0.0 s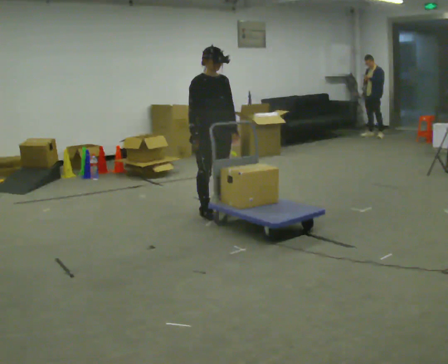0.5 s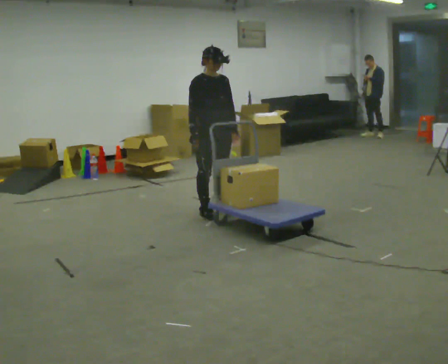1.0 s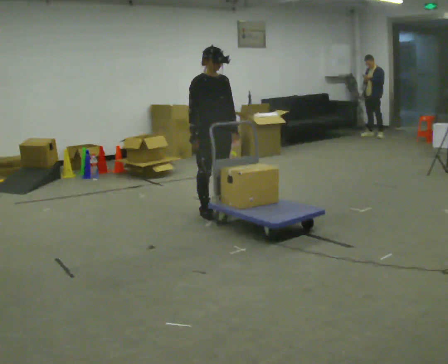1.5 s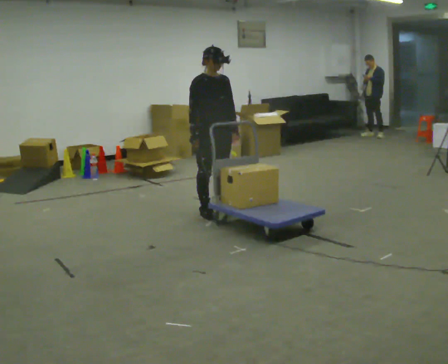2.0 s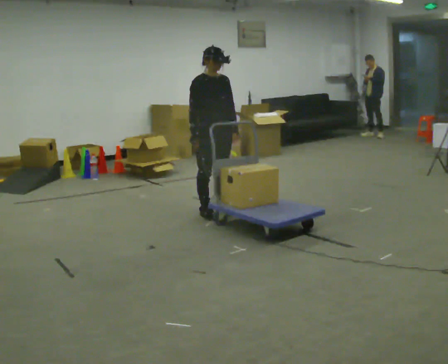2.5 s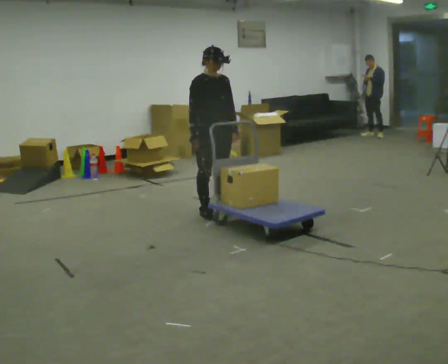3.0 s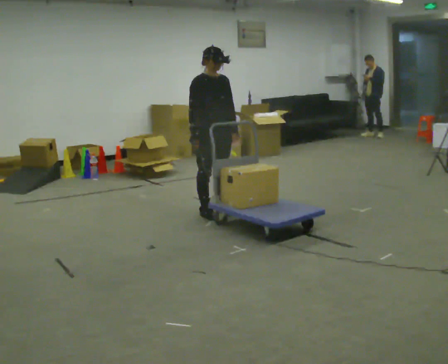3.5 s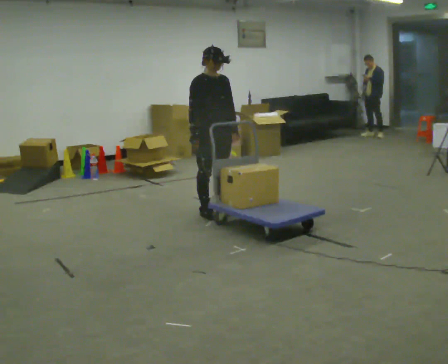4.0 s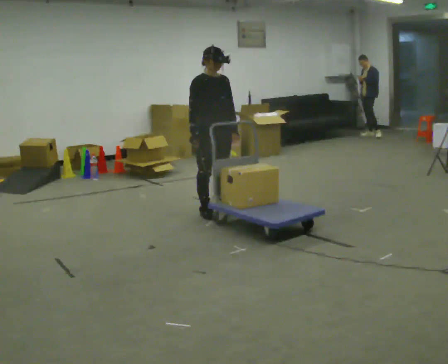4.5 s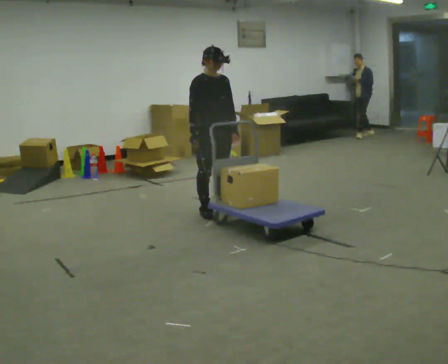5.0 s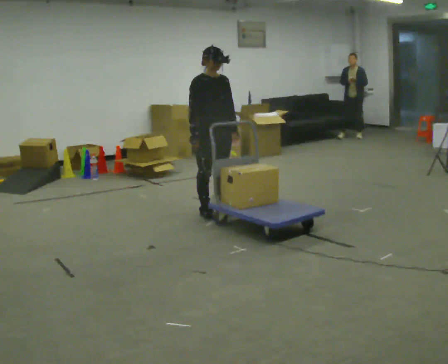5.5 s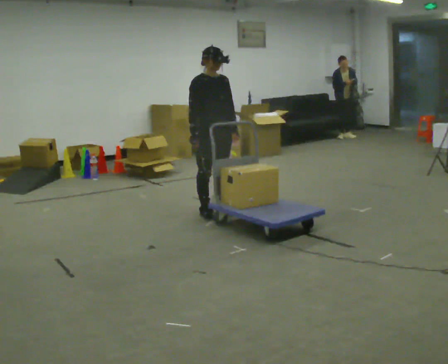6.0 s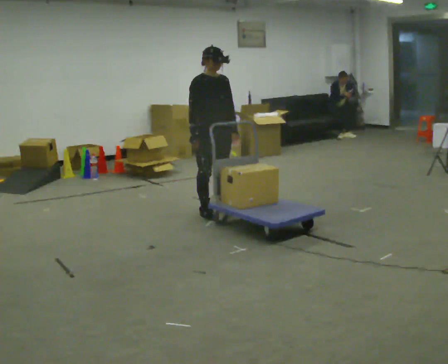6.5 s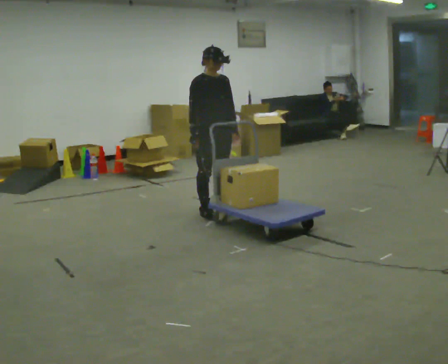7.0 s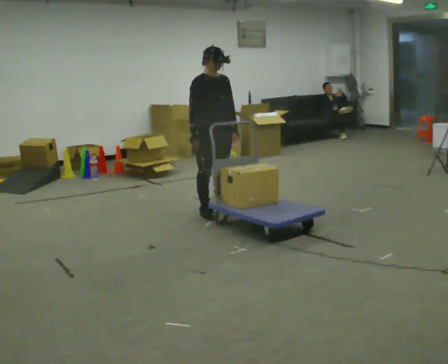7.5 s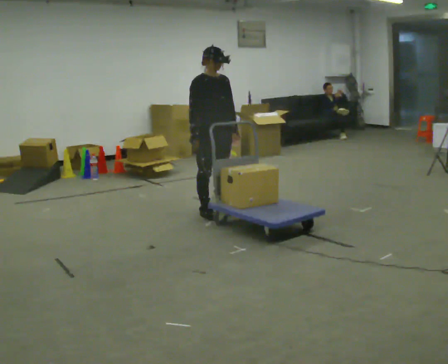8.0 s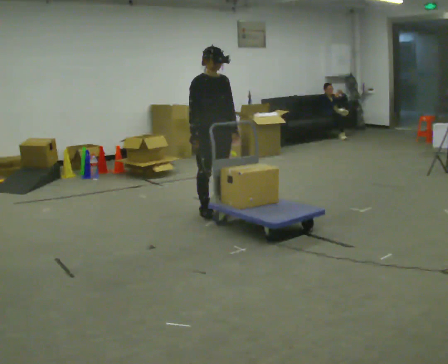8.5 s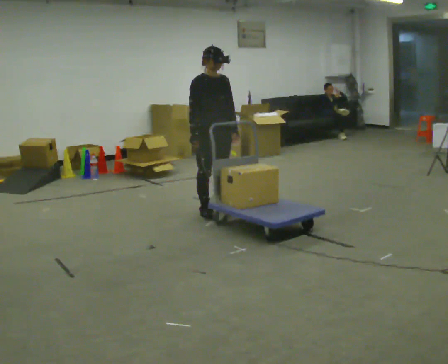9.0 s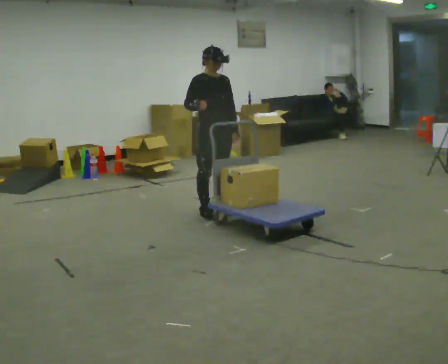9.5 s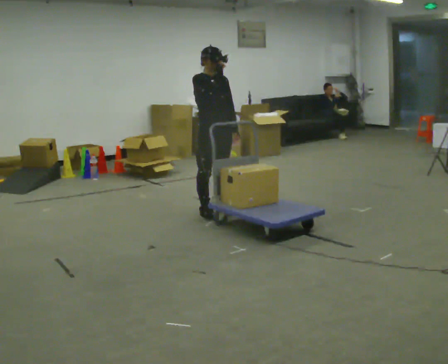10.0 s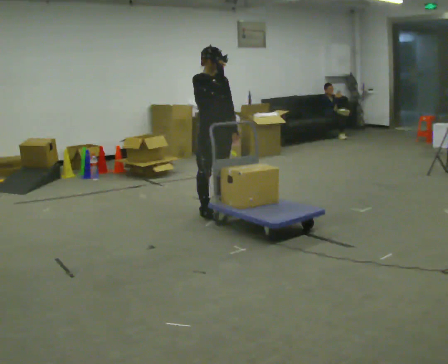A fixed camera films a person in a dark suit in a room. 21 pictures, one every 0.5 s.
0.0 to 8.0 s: The person keeps their place and pose.
8.0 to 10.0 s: In the picture their right hand goes upward.
The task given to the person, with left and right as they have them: Turn the cart round to face the other way without moving it out of the marked square, then turn it back. Repeat until the operator says stop.
The film runs forward here.
